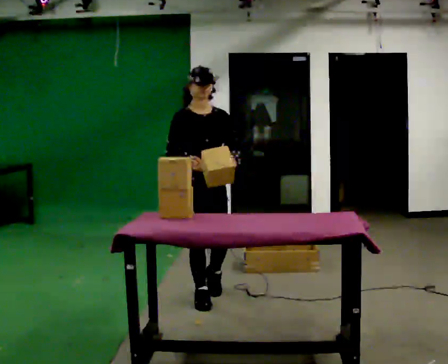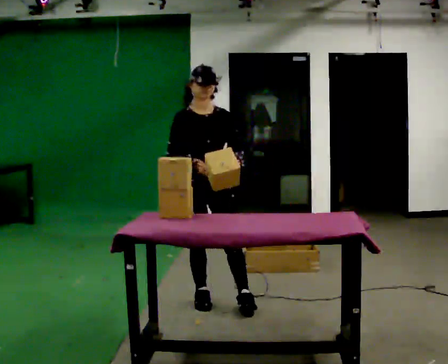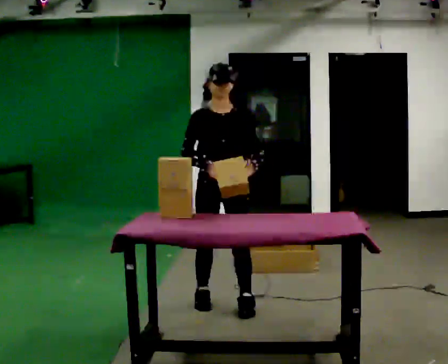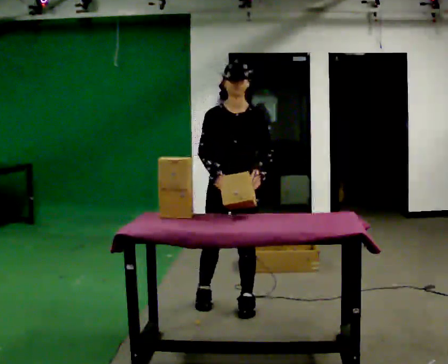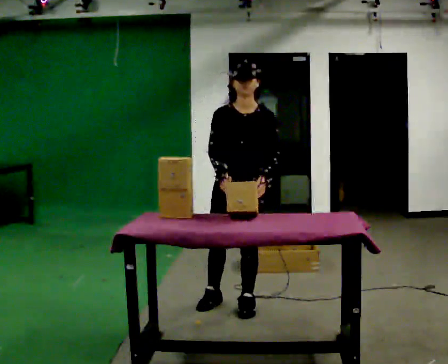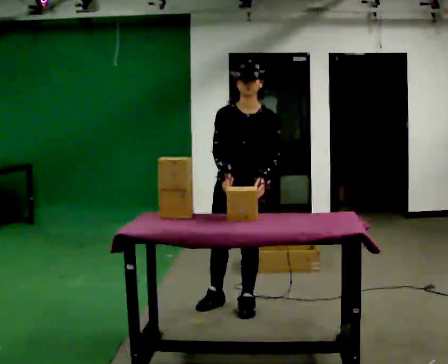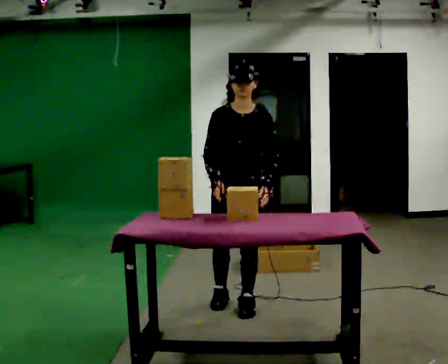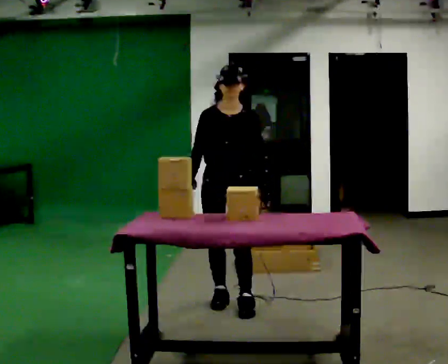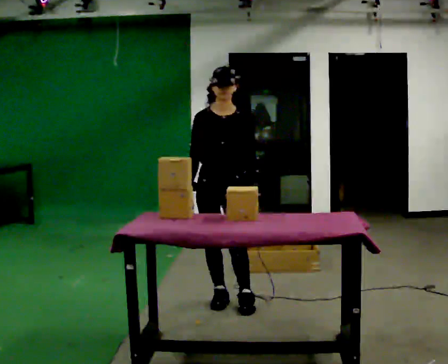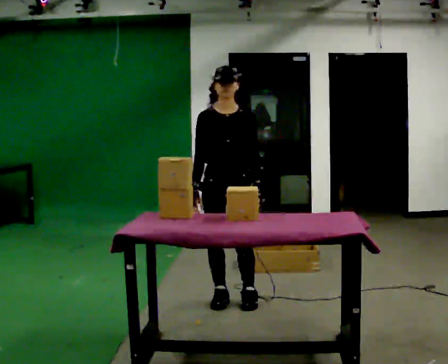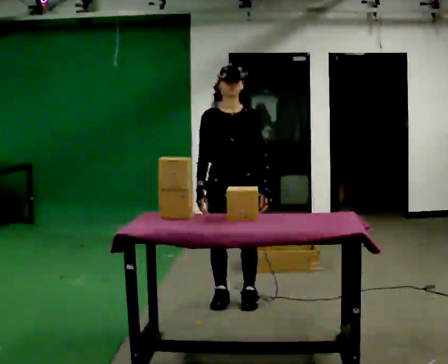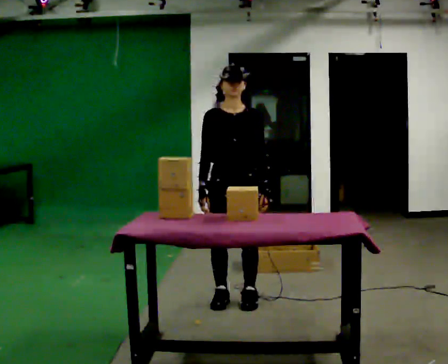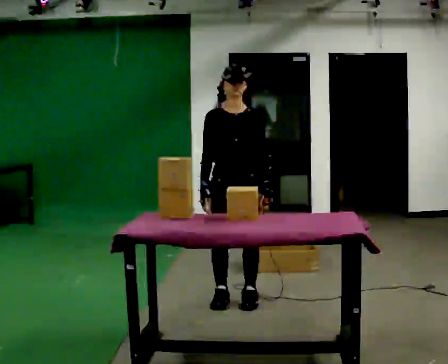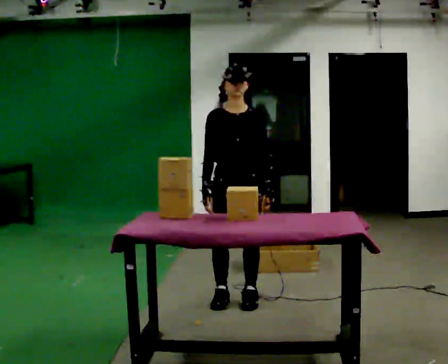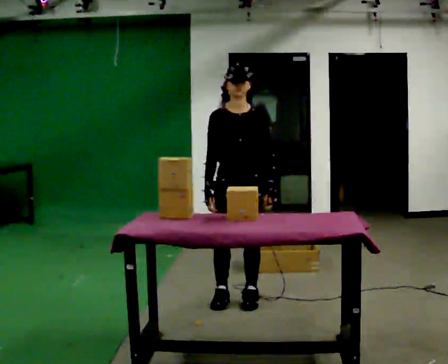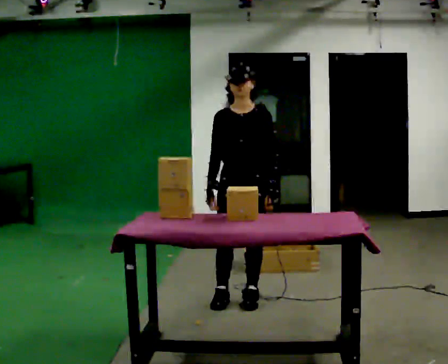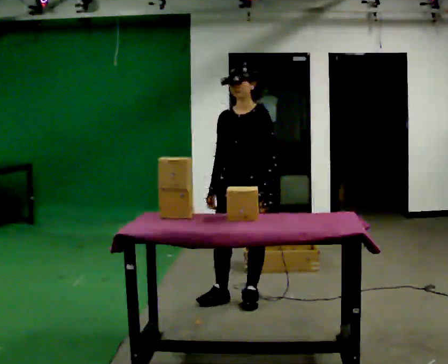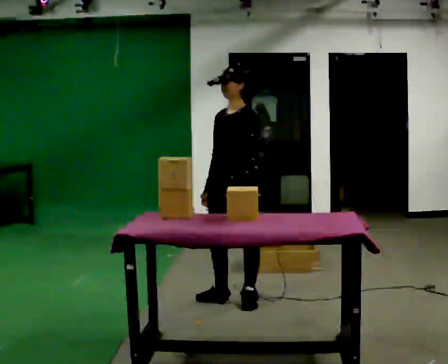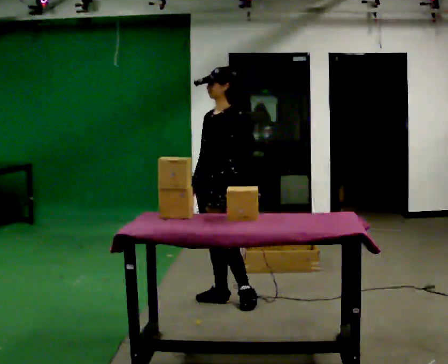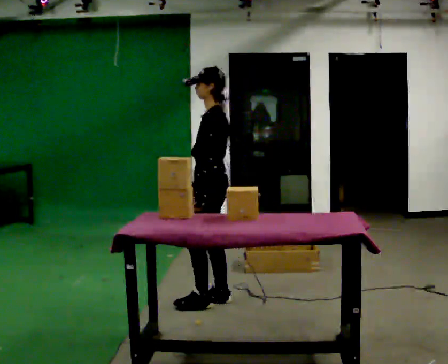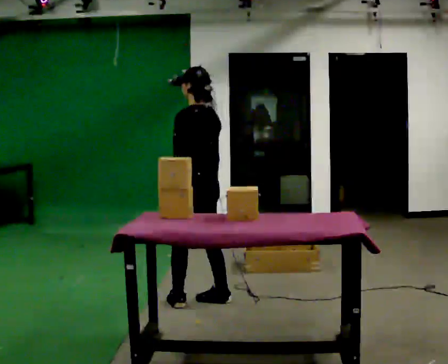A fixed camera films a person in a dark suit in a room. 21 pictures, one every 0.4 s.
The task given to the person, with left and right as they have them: Reach down into the deep bin on the floor, take out one object at a time, carry it to the shelf, and come back for the next one. Keep going until the operator says stop; one object at a time, and do not rush between trips.
0.0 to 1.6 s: The person turns about 30 degrees to their right, clockwise seen from above, so the part of the body nearest the lens slides to the left. In the picture they go to the right and toward the camera, about 0.25 m in 1 step, which for them is to their left and forward.
1.6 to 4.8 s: The person moves a little, or ends about where they began.
4.8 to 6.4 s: The person turns about 45 degrees to their right, clockwise seen from above, so the part of the body nearest the lens slides to the left.
6.4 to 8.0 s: The person turns about 90 degrees to their right, clockwise seen from above, so the part of the body nearest the lens slides to the left. In the picture they go to the left, about 0.25 m in 1 step.
The film runs forward here.
